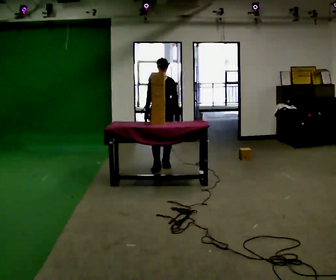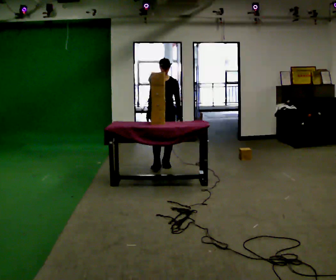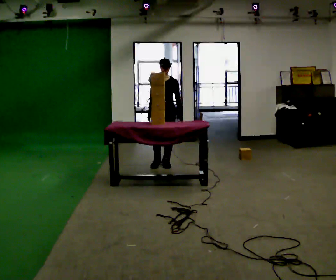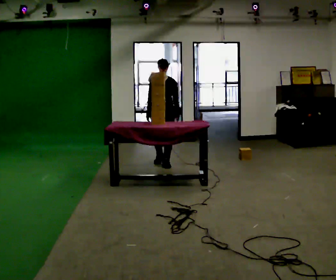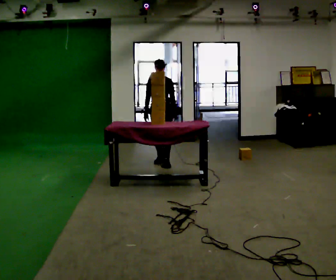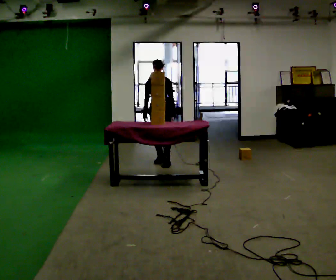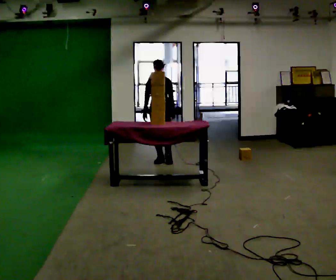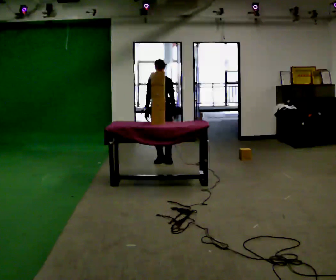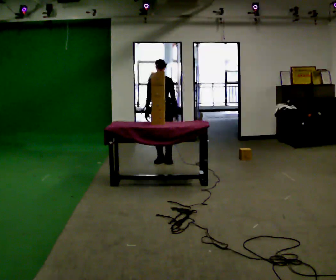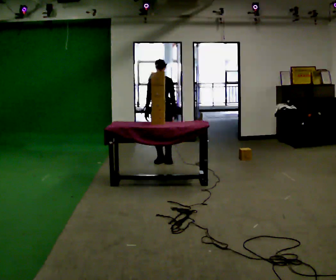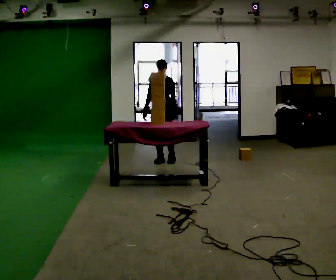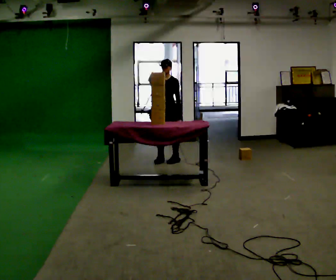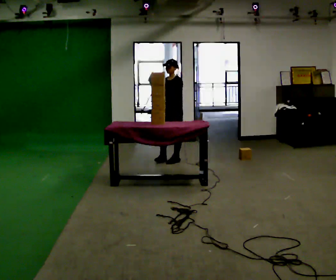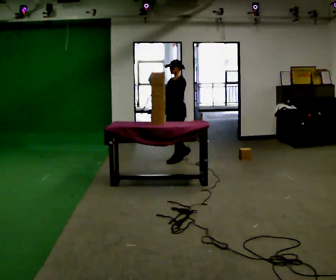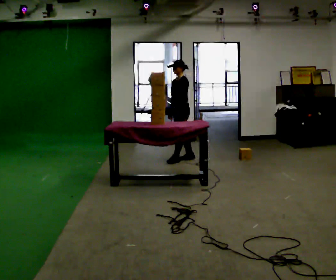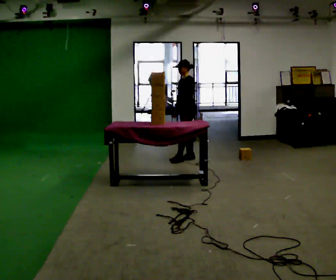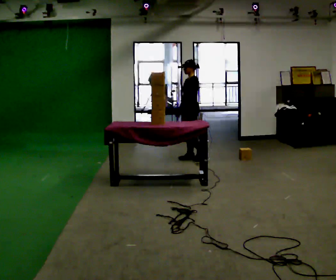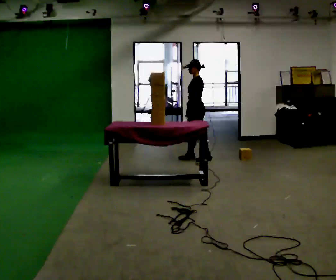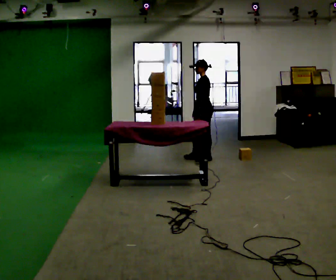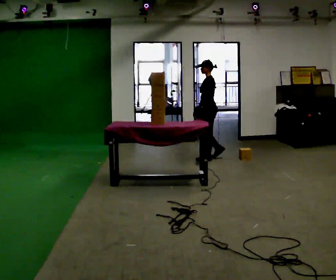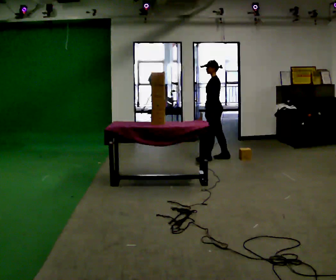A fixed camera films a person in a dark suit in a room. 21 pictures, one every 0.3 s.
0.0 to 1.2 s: In the picture they go away from the camera, about 0.25 m in 1 step, which for them is backward.
1.2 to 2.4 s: The person moves a little, or ends about where they began.
2.4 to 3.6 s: The part of the body nearest the lens slides to the left as the person turns to their right by about 45 degrees. In the picture they go to the right, about 0.25 m in 1 step, which for them is to their left.
3.6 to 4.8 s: The part of the body nearest the lens slides to the left as the person turns to their right by about 30 degrees. In the picture they go to the right, about 0.25 m in 1 step, which for them is backward.
4.8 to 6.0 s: In the picture they go to the right, about 0.25 m in 1 step, which for them is backward.
The film runs backward here.
